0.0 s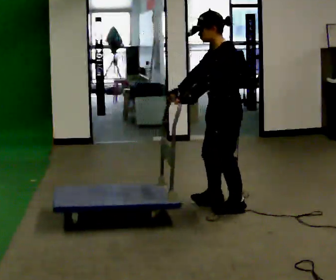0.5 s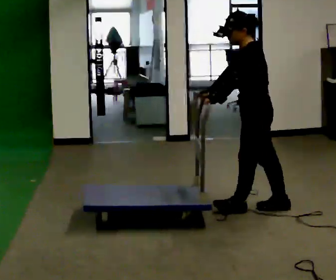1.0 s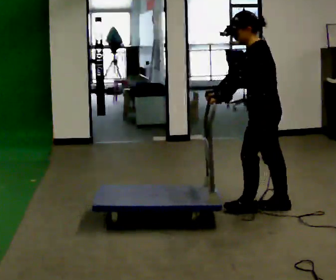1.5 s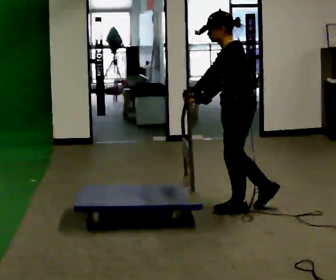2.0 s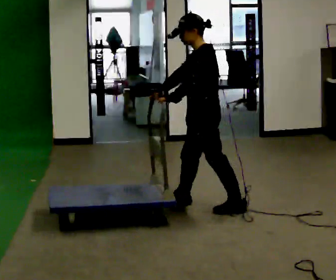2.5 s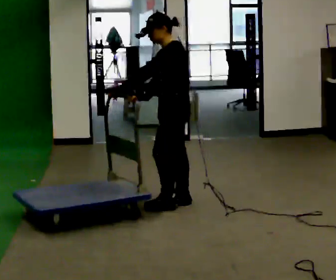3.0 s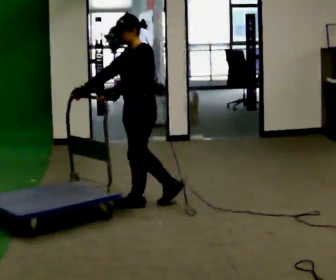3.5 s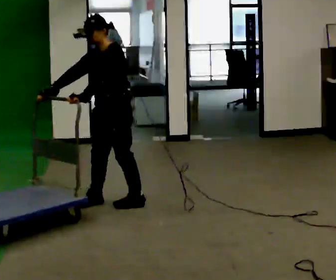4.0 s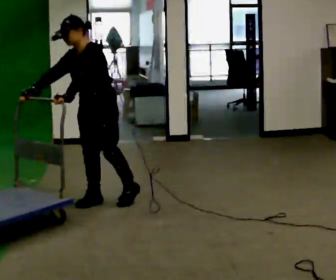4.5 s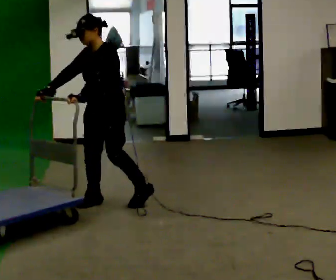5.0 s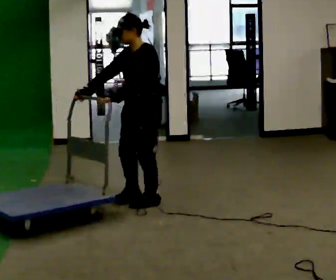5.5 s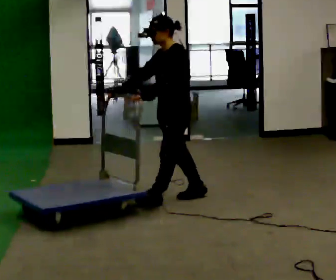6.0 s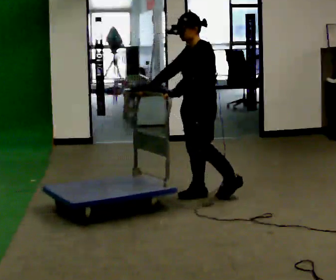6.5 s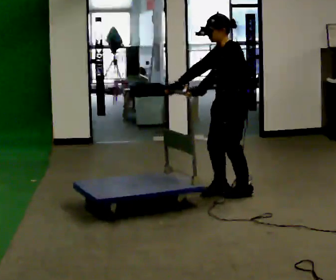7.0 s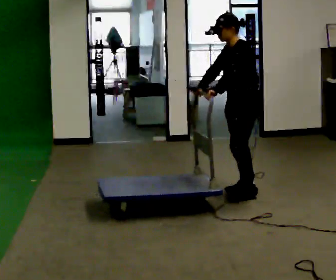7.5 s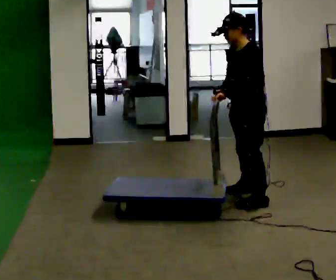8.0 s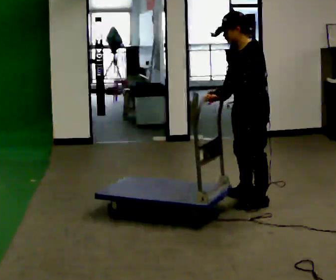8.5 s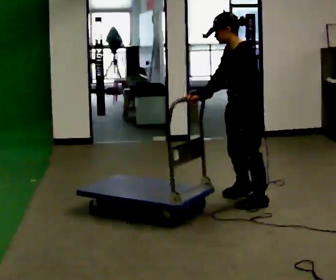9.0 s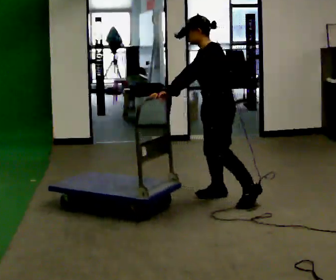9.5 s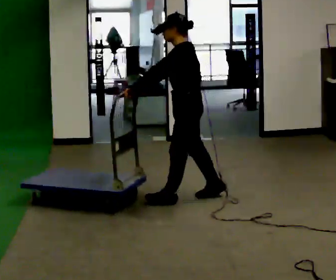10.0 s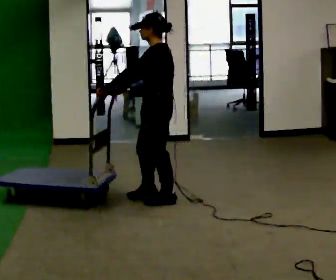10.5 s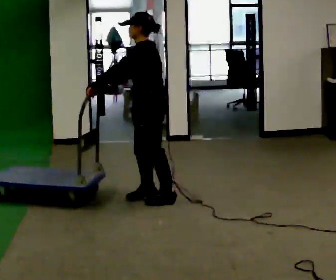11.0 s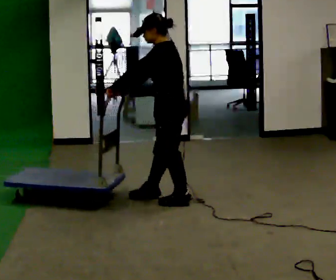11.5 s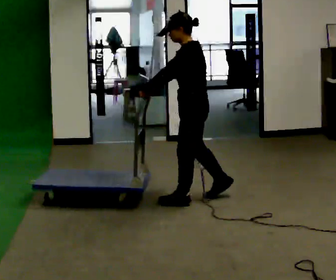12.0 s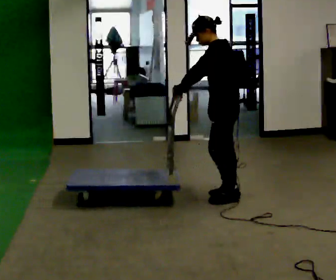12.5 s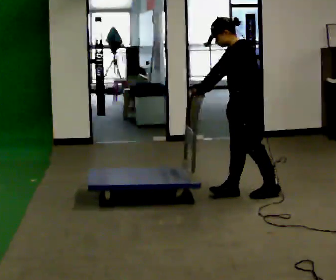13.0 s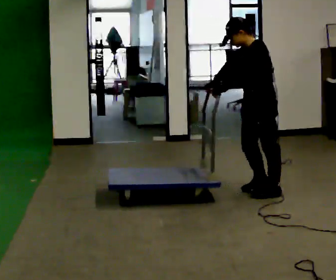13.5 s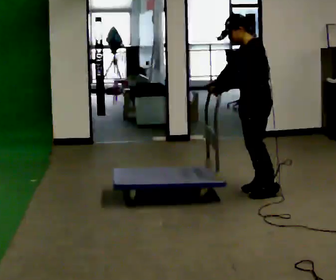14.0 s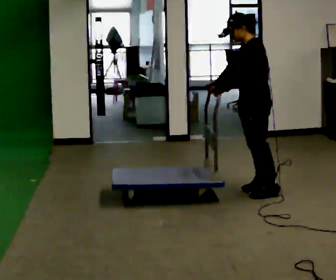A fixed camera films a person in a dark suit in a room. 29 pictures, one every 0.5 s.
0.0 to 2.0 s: In the picture they go to the left, about 0.25 m in 2 steps, which for them is forward.
2.0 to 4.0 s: The part of the body nearest the lens slides to the right as the person turns to their left by about 45 degrees. In the picture they go to the left, about 1 m in 2 steps, which for them is forward and to their right.
4.0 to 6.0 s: The person turns about 30 degrees to their right, clockwise seen from above, so the part of the body nearest the lens slides to the left. In the picture they go to the right, about 1 m in 2 steps, which for them is backward and to their left.
6.0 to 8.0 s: In the picture they go to the right and toward the camera, about 0.5 m in 4 steps, which for them is to their left and backward.
8.0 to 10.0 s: In the picture they go to the left, about 0.5 m in 3 steps, which for them is forward and to their right.
10.0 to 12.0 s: In the picture they go to the right, about 0.5 m in 1 step, which for them is backward.
12.0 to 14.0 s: In the picture they go to the right and away from the camera, about 0.25 m in 2 steps, which for them is backward.
The film runs forward here.
